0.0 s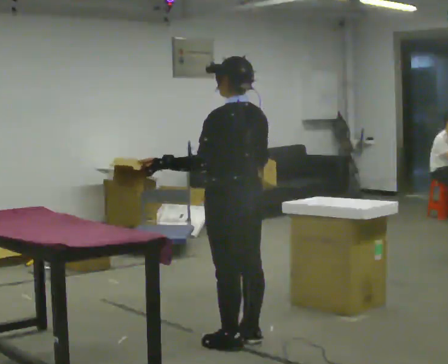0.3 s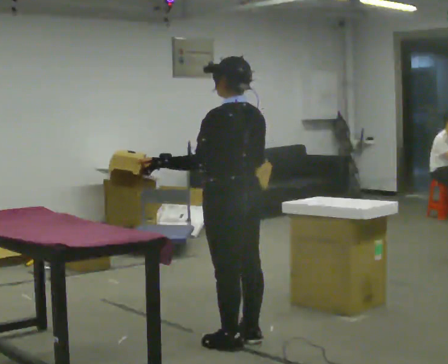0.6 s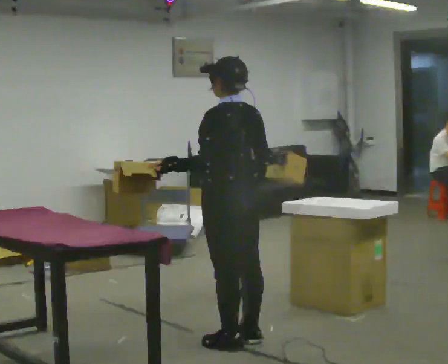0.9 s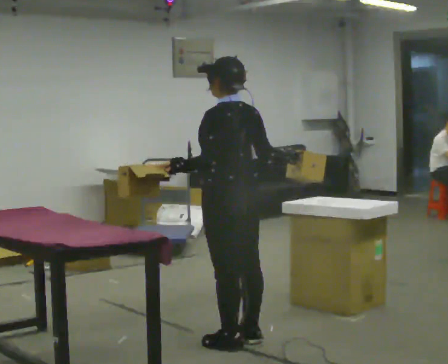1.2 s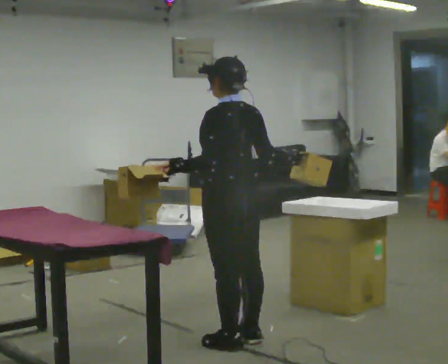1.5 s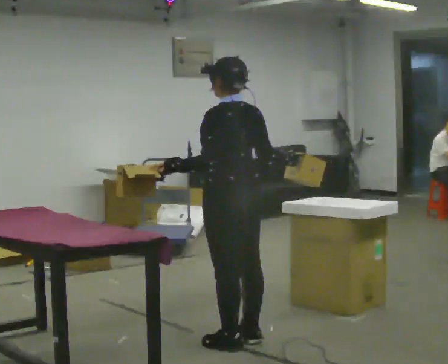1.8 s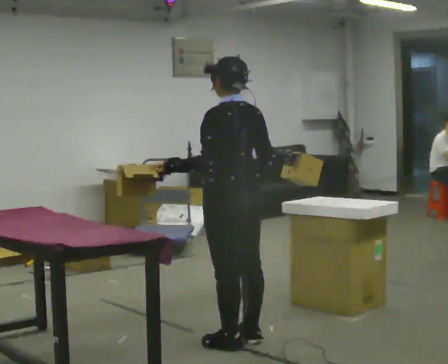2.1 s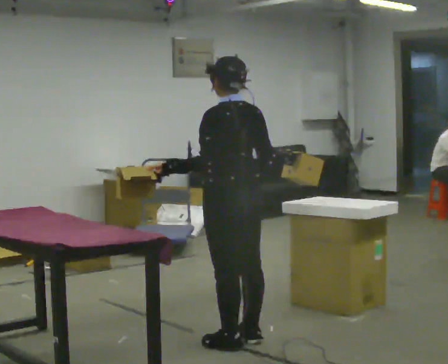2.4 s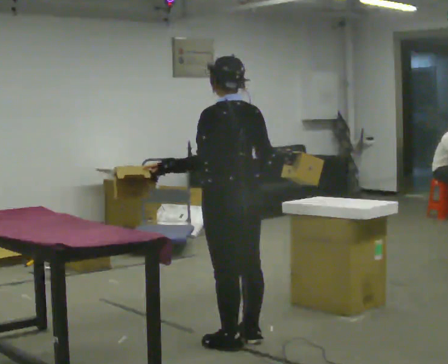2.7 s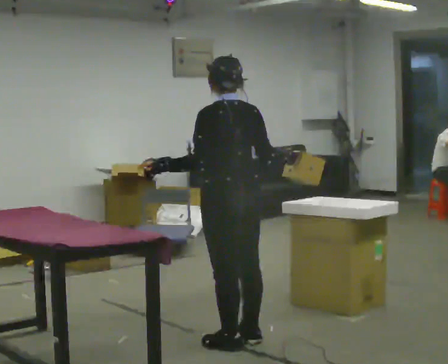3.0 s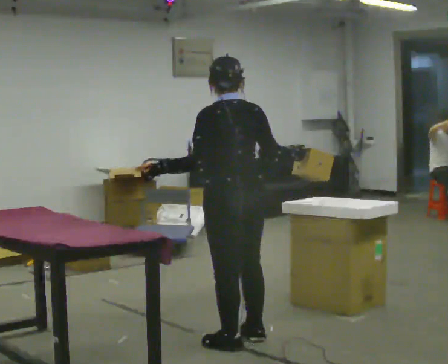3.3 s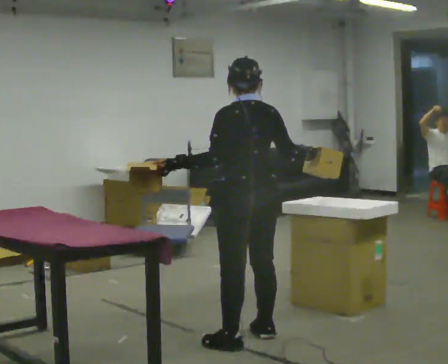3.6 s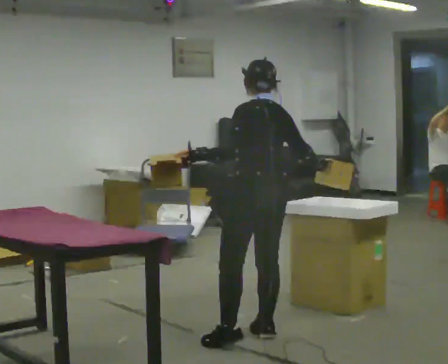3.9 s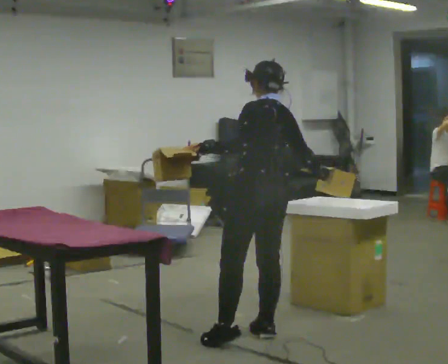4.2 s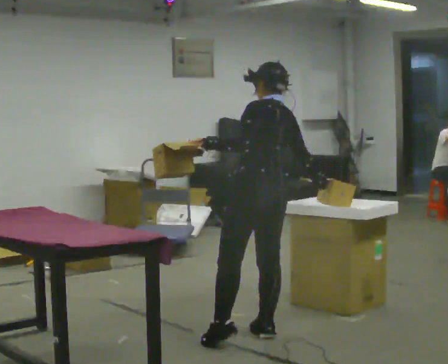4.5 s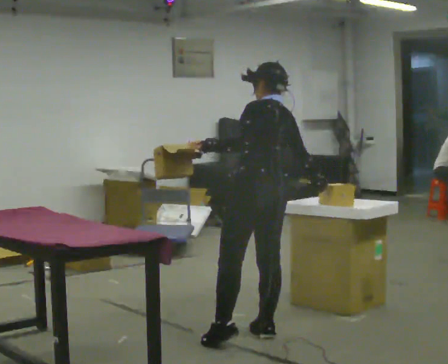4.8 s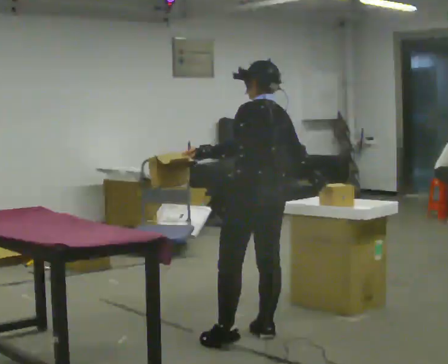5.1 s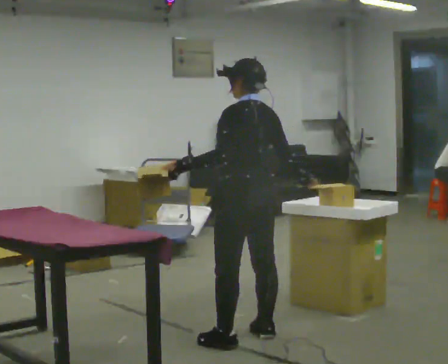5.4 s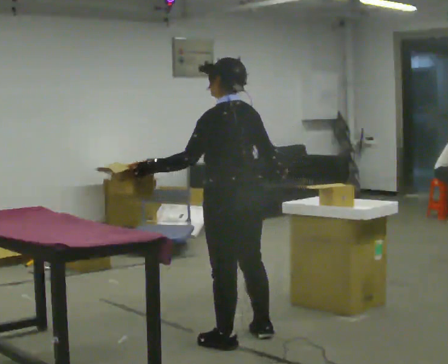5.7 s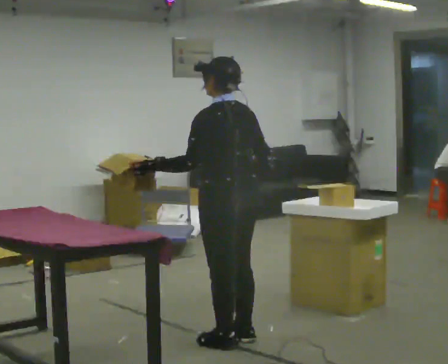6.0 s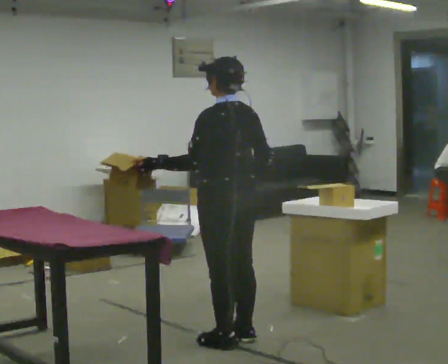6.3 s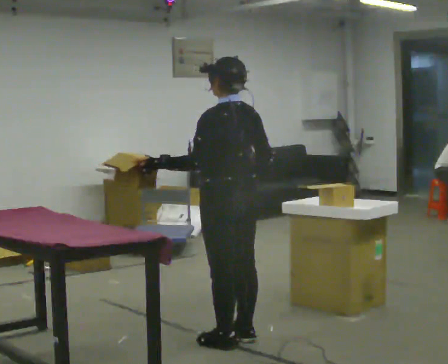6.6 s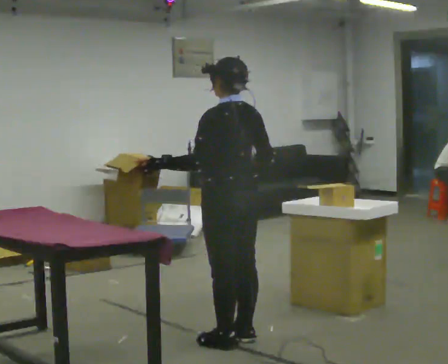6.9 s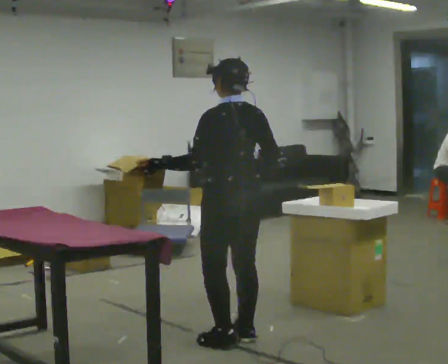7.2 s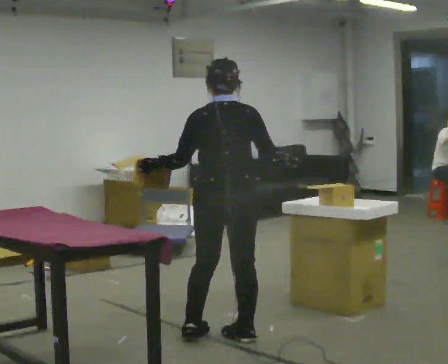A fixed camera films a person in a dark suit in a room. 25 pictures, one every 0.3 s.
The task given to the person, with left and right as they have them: Carry two objects across the room, then put just one of them on the shelf while still holding the other. Then bring them both back. Keep going until the operator says stop; one object at a time, and do not rush between trips.
0.0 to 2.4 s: The person moves a little, or ends about where they began.
2.4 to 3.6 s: In the picture they go to the right, about 0.25 m, which for them is to their right.
3.6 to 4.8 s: The person moves a little, or ends about where they began.
4.8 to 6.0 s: In the picture they go to the left, about 0.25 m, which for them is to their left. In the picture their right hand goes to the left.
6.0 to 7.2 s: The person turns about 30 degrees to their right, clockwise seen from above, so the part of the body nearest the lens slides to the left.
The film runs forward here.
